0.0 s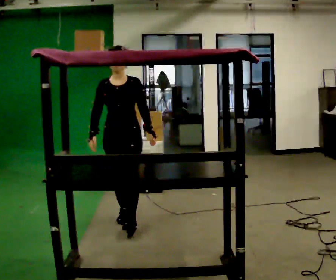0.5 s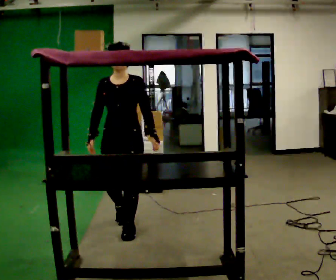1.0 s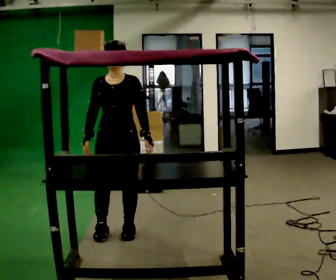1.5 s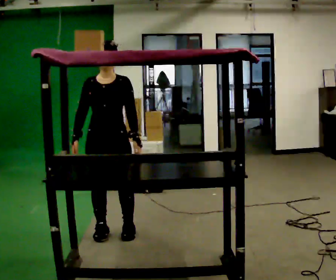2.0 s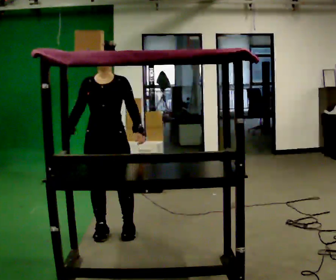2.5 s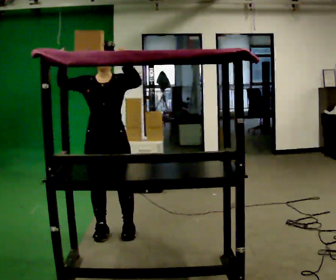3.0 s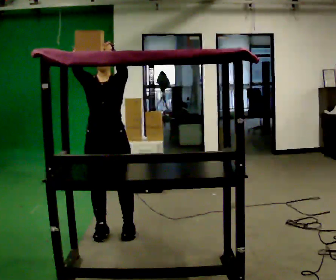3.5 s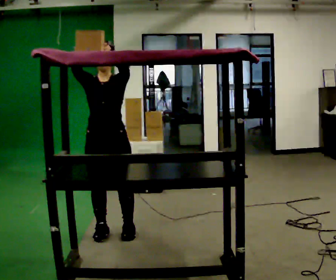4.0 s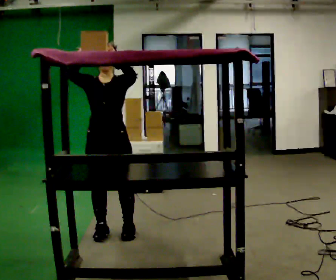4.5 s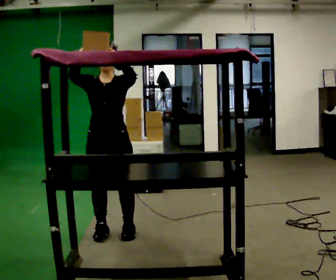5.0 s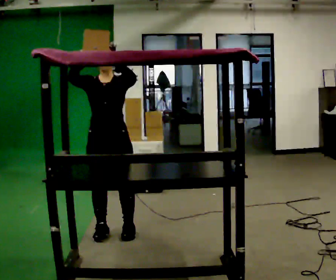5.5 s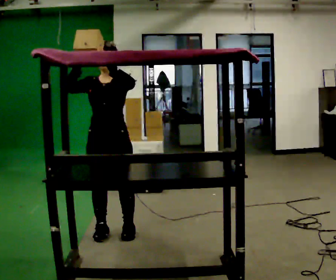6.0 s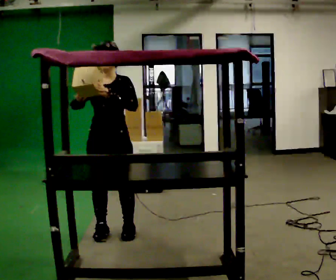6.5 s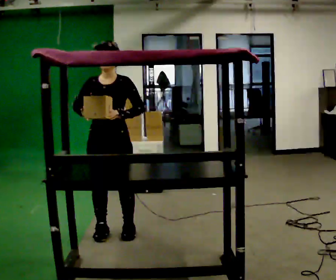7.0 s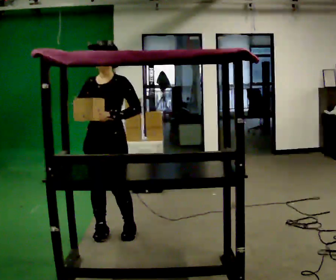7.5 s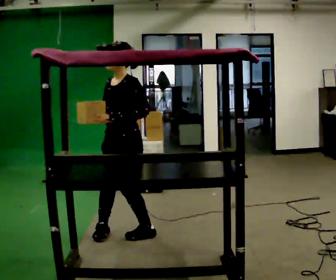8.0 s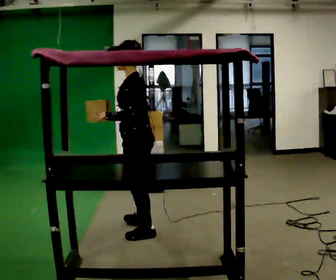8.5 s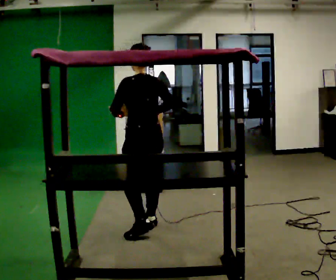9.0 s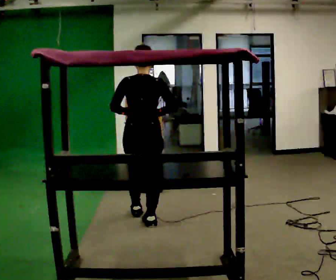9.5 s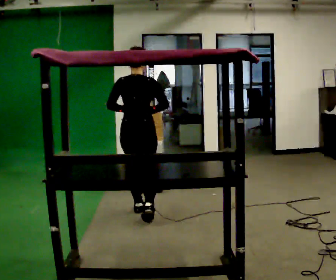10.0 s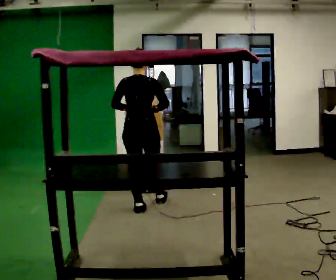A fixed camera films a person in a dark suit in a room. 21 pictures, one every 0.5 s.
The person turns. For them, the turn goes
to their right.
The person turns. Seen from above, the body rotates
clockwise.
0.0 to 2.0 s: In the picture they go toward the camera and to the left, about 0.5 m in 2 steps, which for them is forward.
2.0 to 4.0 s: In the picture their right hand goes upward.
4.0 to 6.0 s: In the picture their right hand goes downward.
6.0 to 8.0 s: Seen from above the body turns clockwise, about 90 degrees: to their right, with its near side sliding to the left. In the picture they go to the right, about 0.25 m in 1 step.
8.0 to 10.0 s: The person turns about 90 degrees to their right, clockwise seen from above, so the part of the body nearest the lens slides to the left. In the picture they go away from the camera, about 1 m in 2 steps.
The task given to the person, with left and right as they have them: Take an object down from the highest shelf you can comfortably reach, carry it across, and place it on the waist-height shelf. Keep going until the operator says stop; one object at a time, and do not rush between trips.
The film runs forward here.
